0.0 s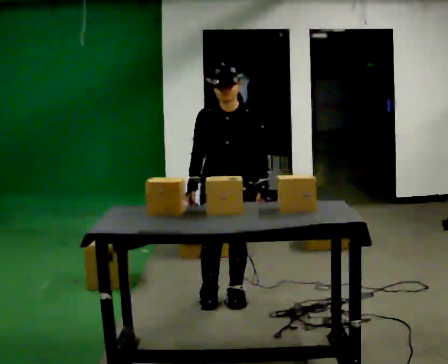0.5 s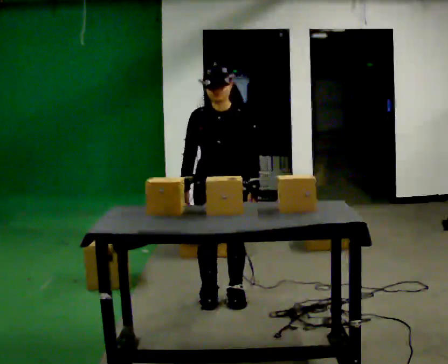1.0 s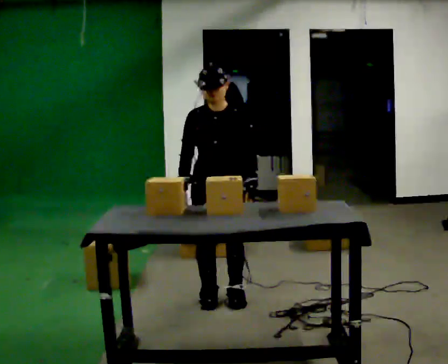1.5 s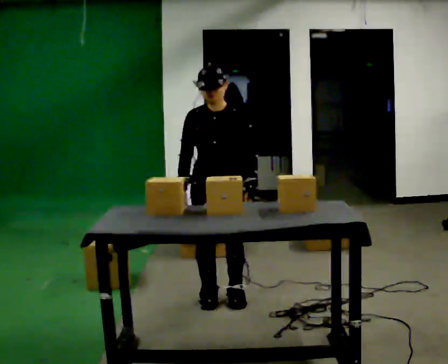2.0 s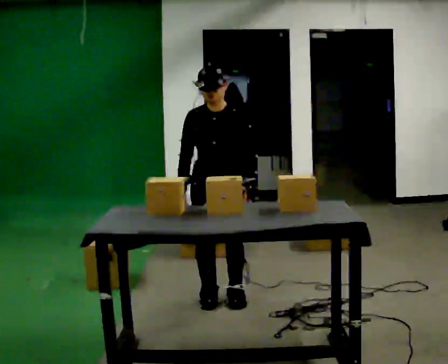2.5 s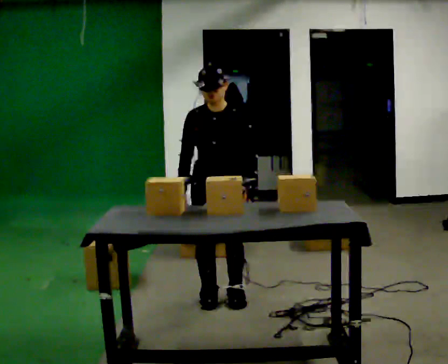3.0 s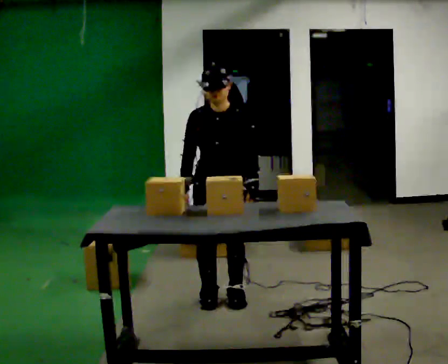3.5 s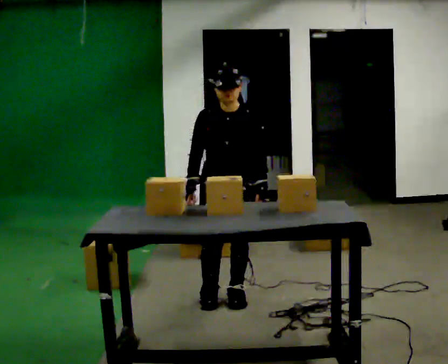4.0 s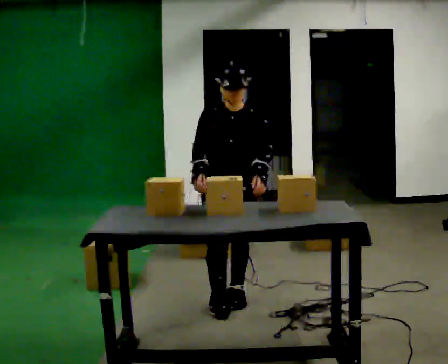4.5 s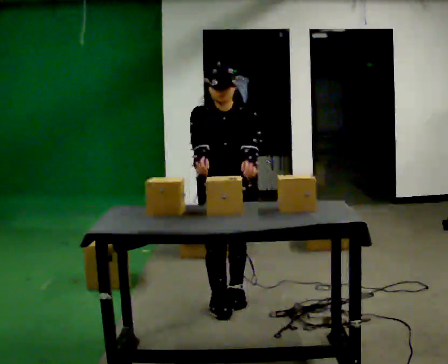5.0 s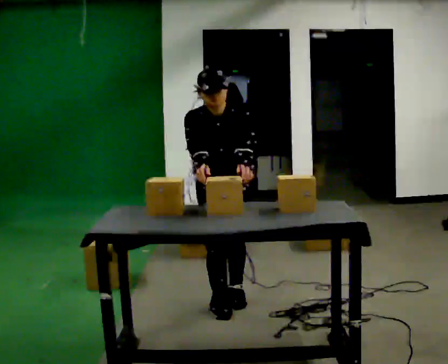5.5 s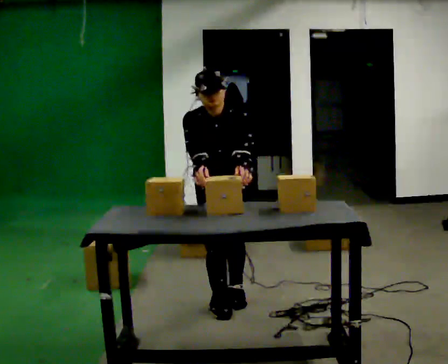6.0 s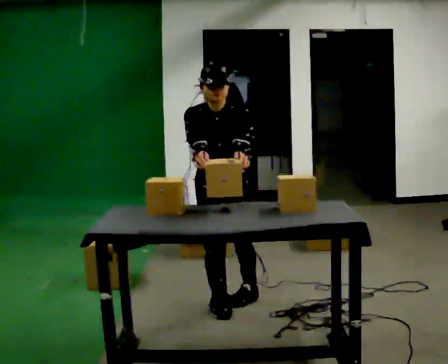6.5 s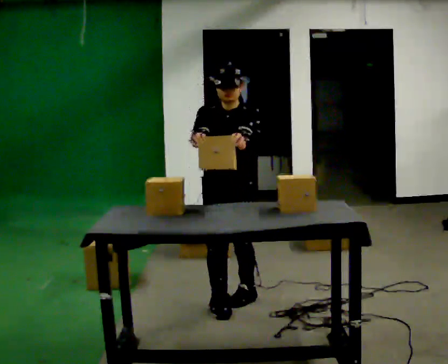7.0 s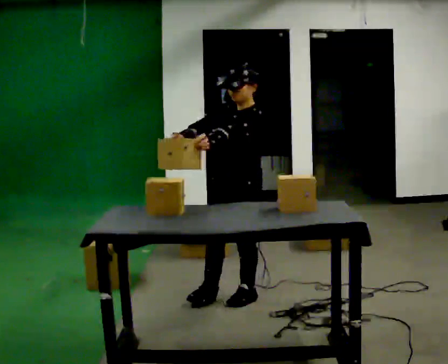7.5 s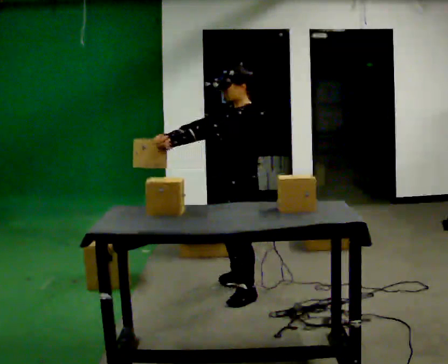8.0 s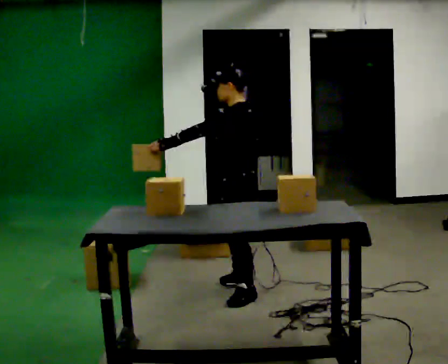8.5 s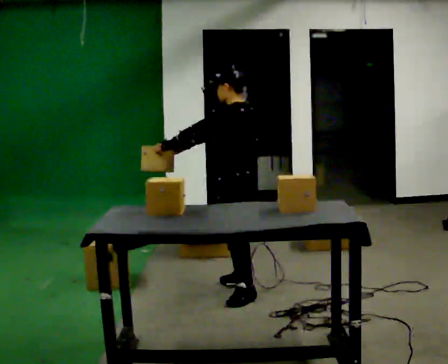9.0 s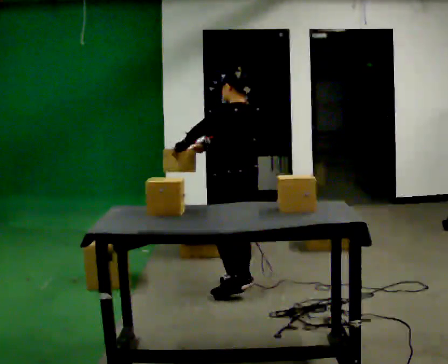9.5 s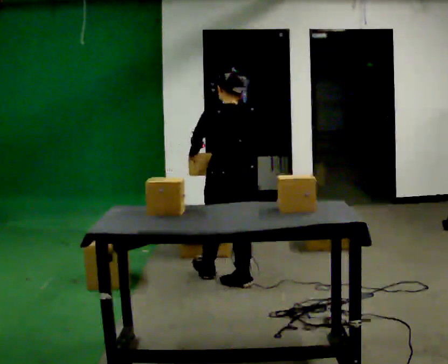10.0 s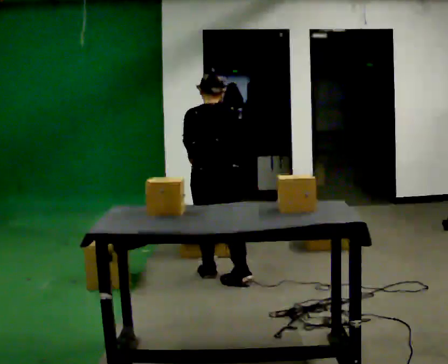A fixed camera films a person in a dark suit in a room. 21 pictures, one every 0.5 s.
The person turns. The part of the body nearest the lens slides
to the left.
The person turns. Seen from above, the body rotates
clockwise.
0.0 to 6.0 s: The person moves a little, or ends about where they began.
6.0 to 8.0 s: The part of the body nearest the lens slides to the left as the person turns to their right by about 105 degrees. In the picture they go away from the camera, about 0.25 m in 1 step.
8.0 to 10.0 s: Seen from above the body turns clockwise, about 75 degrees: to their right, with its near side sliding to the left. In the picture they go away from the camera and to the left, about 0.5 m in 1 step.
The film runs forward here.
